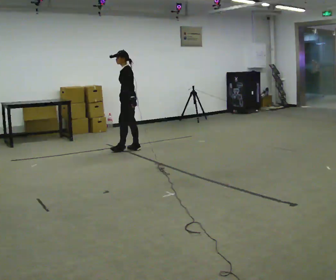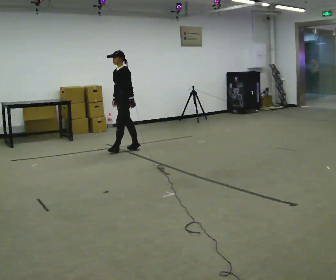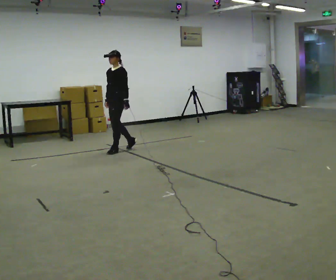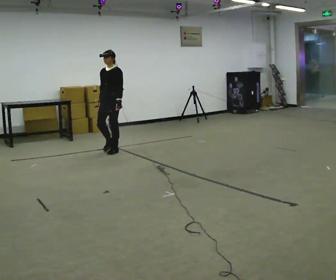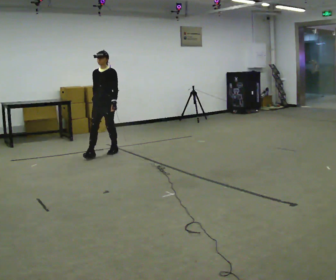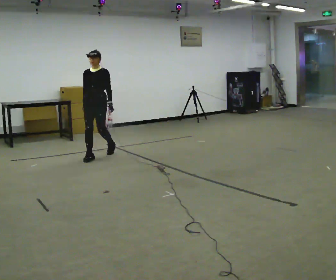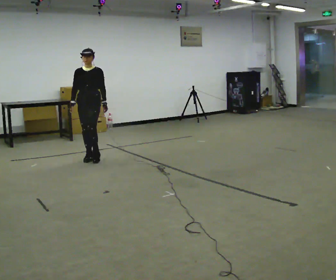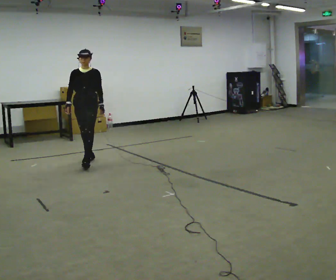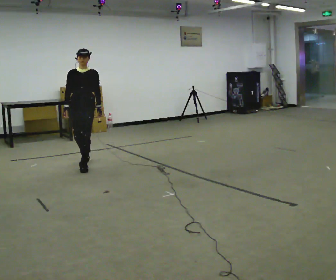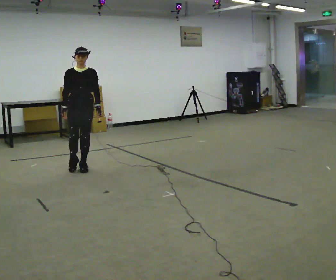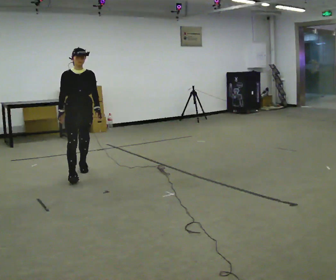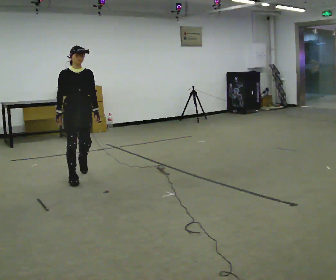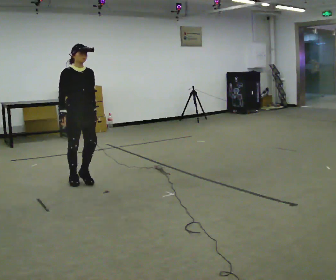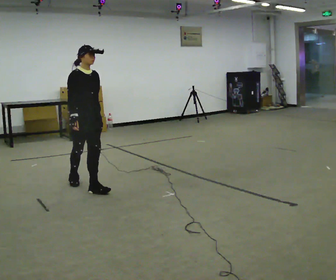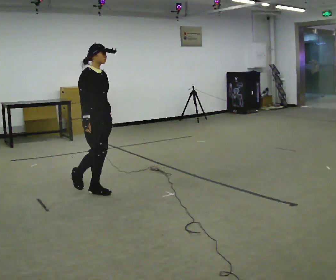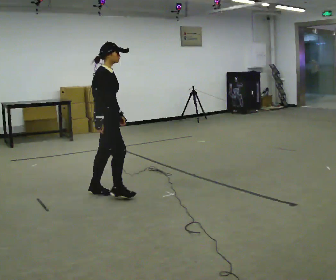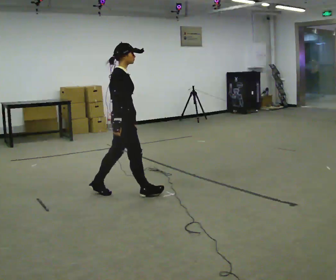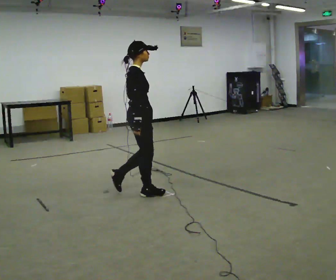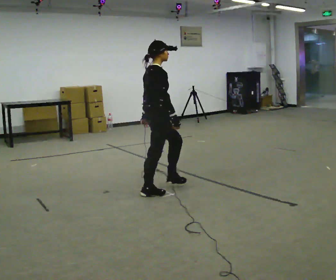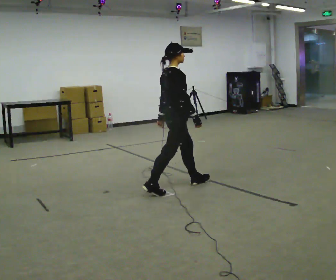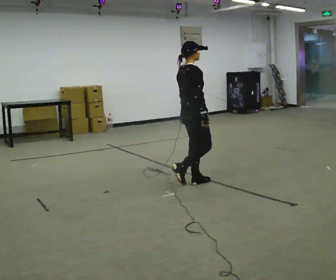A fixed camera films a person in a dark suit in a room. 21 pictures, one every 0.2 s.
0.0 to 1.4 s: The part of the body nearest the lens slides to the right as the person turns to their left by about 75 degrees. In the picture they go toward the camera and to the left, about 1 m in 2 steps.
1.4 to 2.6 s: The person turns about 45 degrees to their left, counterclockwise seen from above, so the part of the body nearest the lens slides to the right. In the picture they go toward the camera, about 1 m in 3 steps, which for them is forward.
2.6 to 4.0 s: The person turns about 60 degrees to their left, counterclockwise seen from above, so the part of the body nearest the lens slides to the right. In the picture they go to the right, about 1 m in 2 steps.
The film runs forward here.
